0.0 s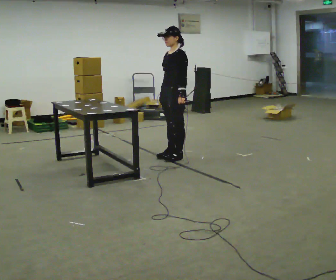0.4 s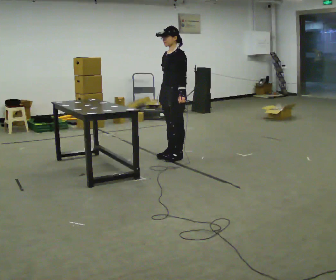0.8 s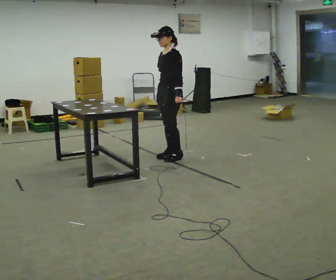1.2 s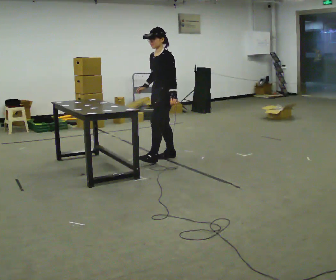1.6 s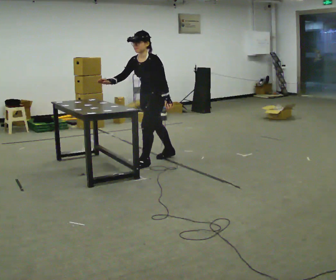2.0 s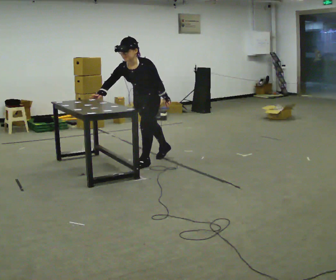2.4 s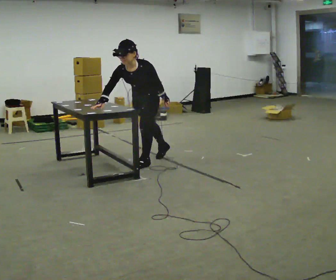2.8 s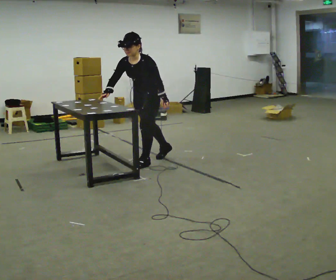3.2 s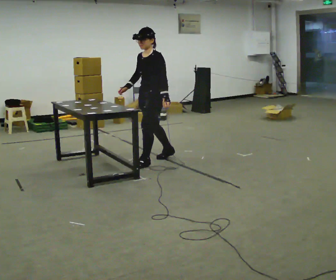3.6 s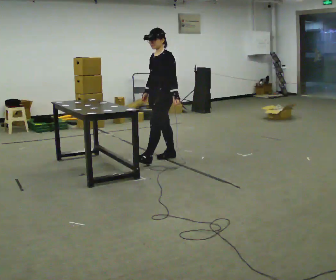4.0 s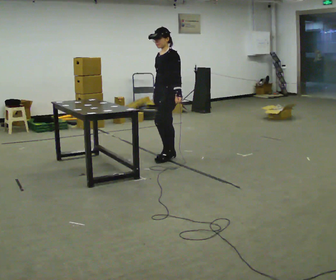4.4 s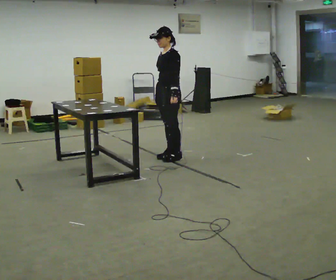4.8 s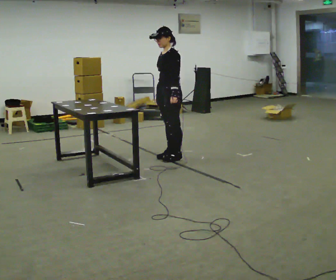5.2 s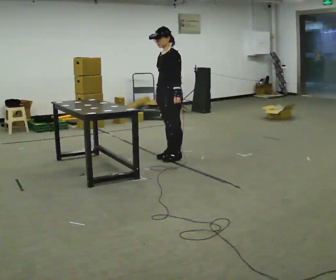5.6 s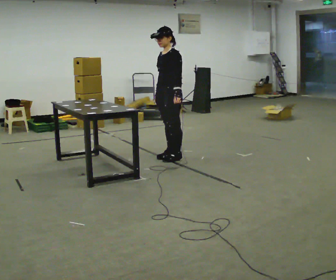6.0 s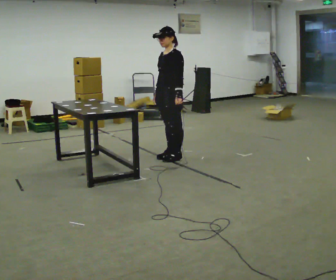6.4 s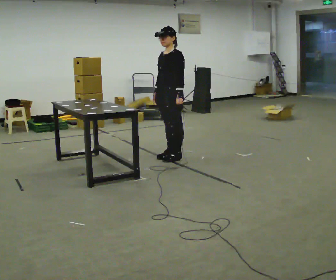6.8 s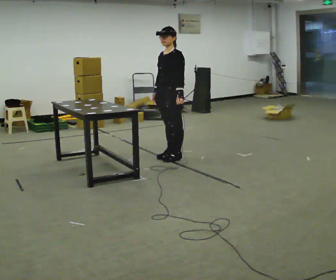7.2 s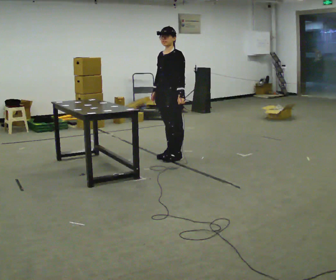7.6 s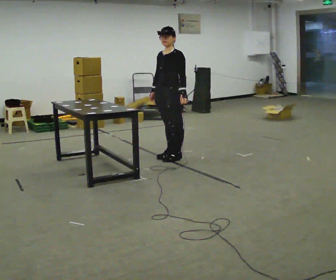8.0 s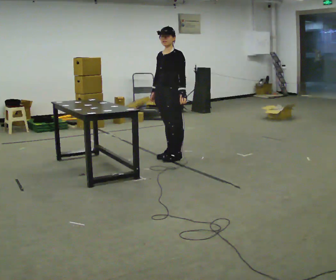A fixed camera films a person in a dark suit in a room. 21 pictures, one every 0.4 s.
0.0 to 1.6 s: In the picture they go to the left and toward the camera, about 0.25 m in 1 step, which for them is forward. The upper body tips toward the camera, its near side rolling downward, as they bend forward.
1.6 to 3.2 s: The person moves a little, or ends about where they began.
3.2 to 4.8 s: In the picture they go away from the camera and to the right, about 0.25 m in 1 step, which for them is backward.
4.8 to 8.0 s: The person moves a little, or ends about where they began.
The film runs backward here.
